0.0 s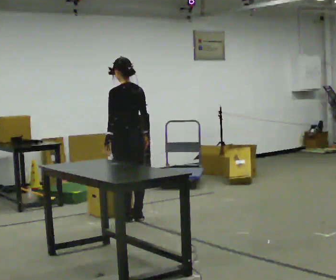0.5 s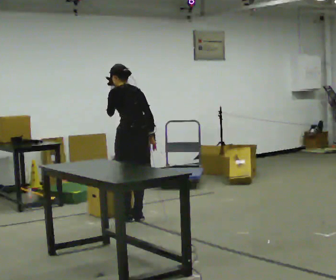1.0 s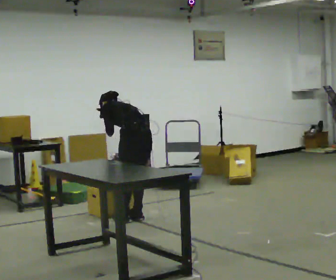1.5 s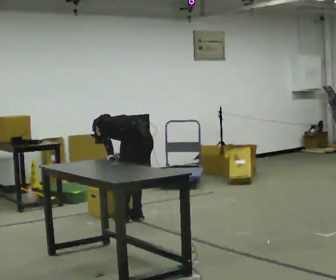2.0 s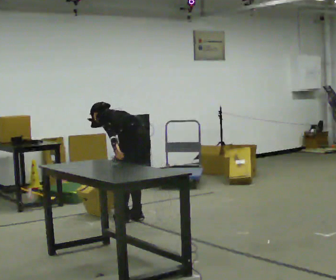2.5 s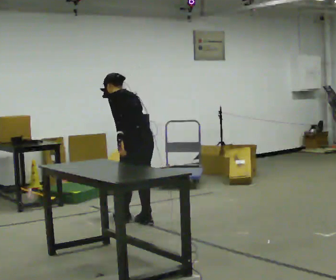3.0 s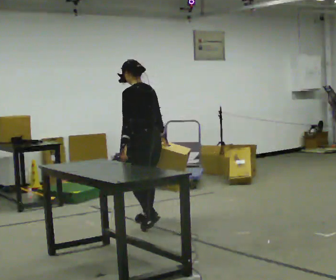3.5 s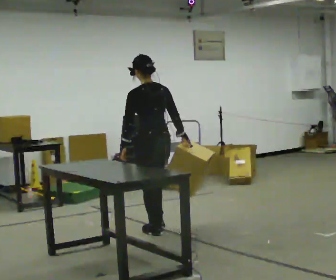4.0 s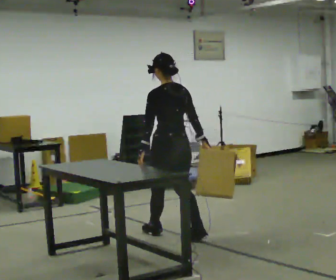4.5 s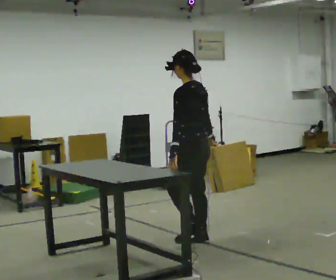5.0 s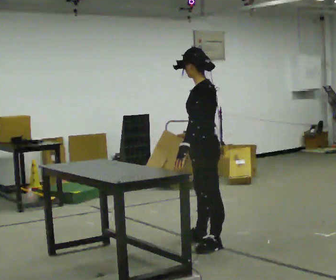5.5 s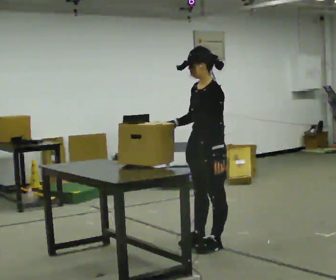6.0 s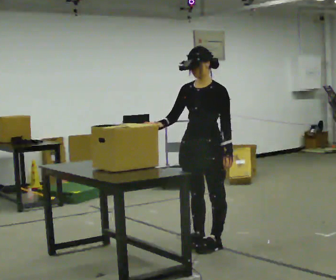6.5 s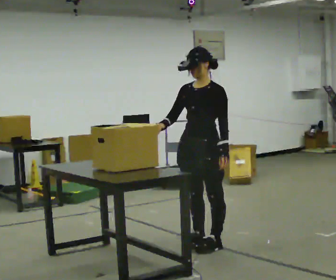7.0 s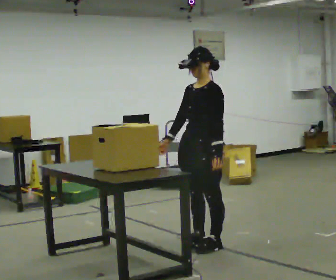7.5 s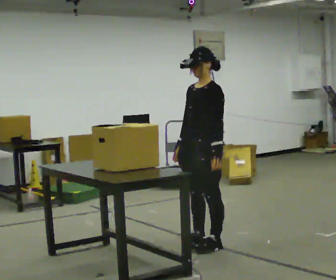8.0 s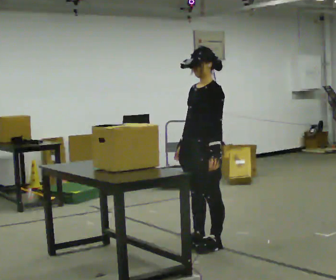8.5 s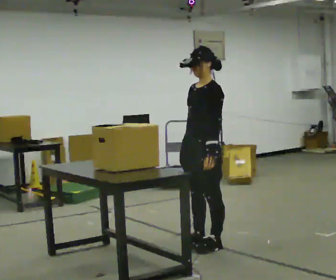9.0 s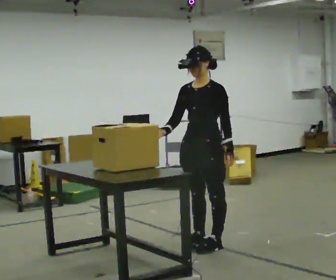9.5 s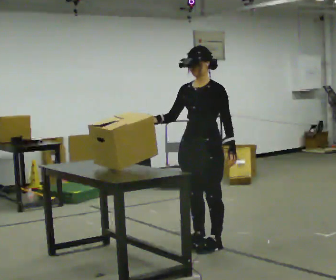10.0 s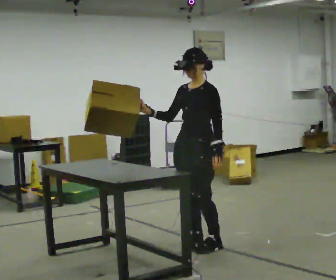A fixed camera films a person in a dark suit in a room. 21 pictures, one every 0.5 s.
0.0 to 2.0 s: The upper body goes downward. In the picture the upper body tilts counterclockwise, shoulders to the left, as they bend forward.
2.0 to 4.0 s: In the picture they go toward the camera and to the right, about 0.75 m in 3 steps, which for them is backward. The shoulders move upward. In the picture the upper body tilts clockwise, shoulders to the right, as they lean back or straighten.
4.0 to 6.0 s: The person turns about 120 degrees to their left, counterclockwise seen from above, so the part of the body nearest the lens slides to the right. In the picture they go toward the camera and to the right, about 0.5 m in 1 step.
6.0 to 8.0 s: Seen from above the body turns clockwise, about 30 degrees: to their right, with its near side sliding to the left.
8.0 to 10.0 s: The person moves a little, or ends about where they began.
The film runs backward here.
